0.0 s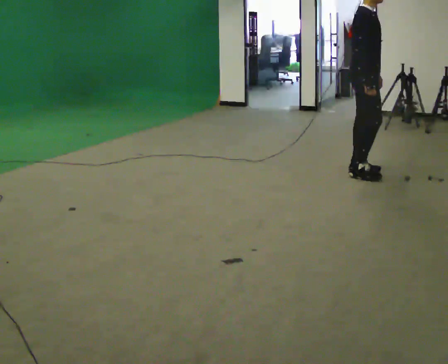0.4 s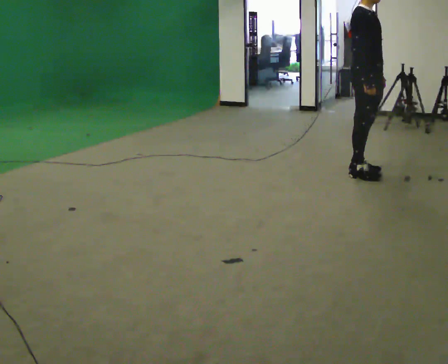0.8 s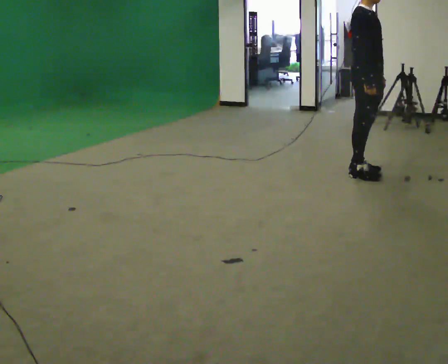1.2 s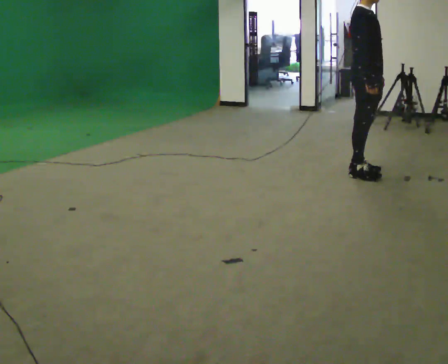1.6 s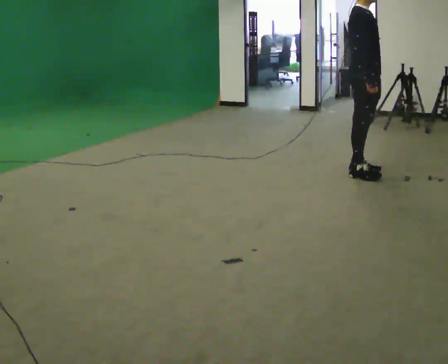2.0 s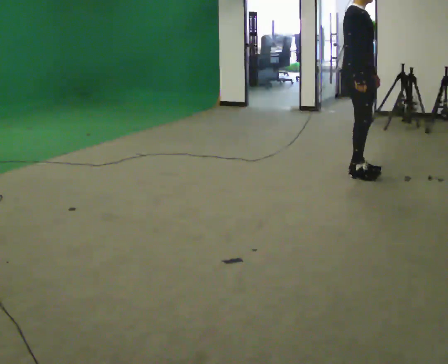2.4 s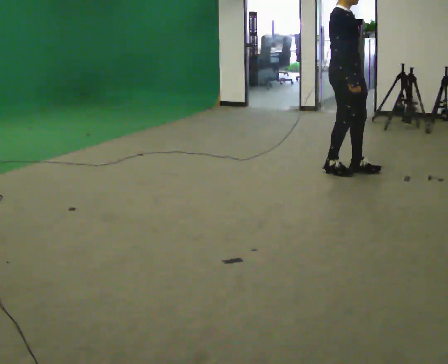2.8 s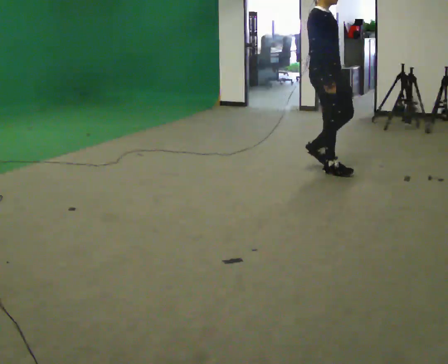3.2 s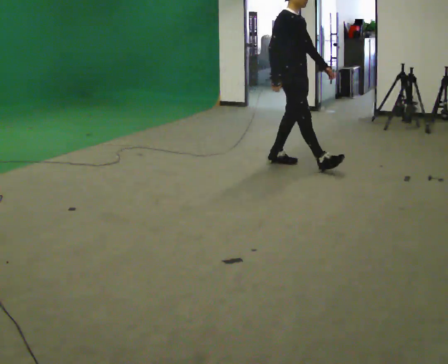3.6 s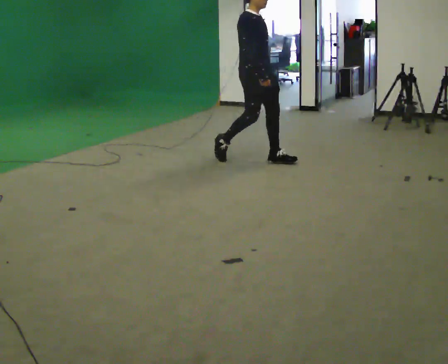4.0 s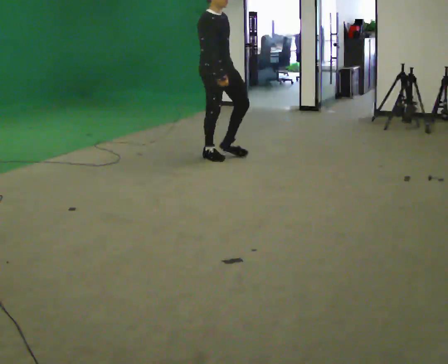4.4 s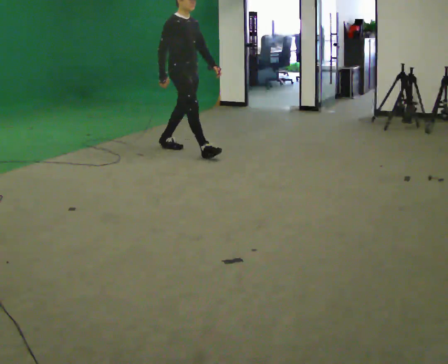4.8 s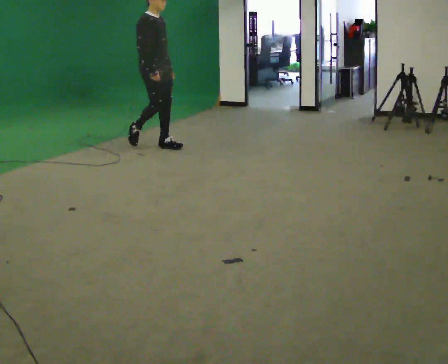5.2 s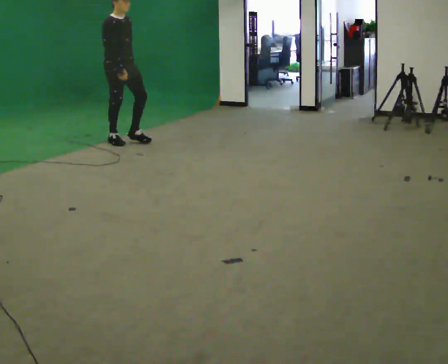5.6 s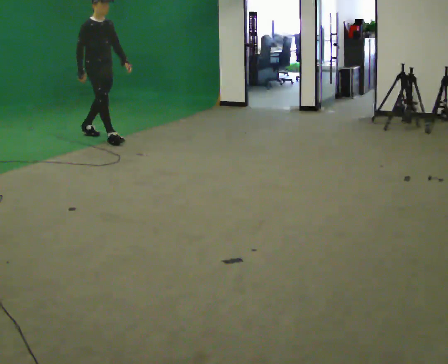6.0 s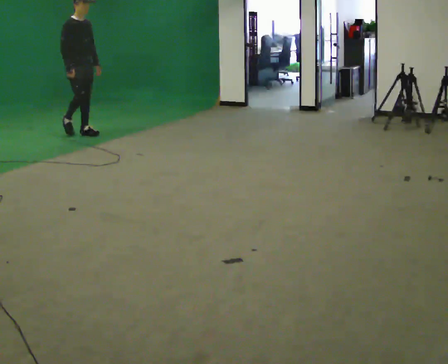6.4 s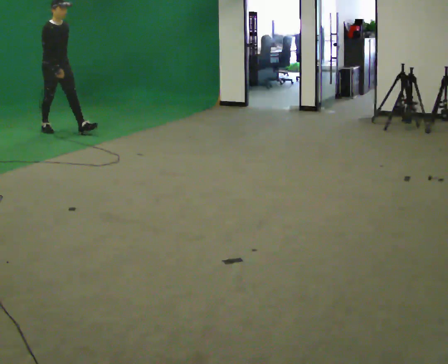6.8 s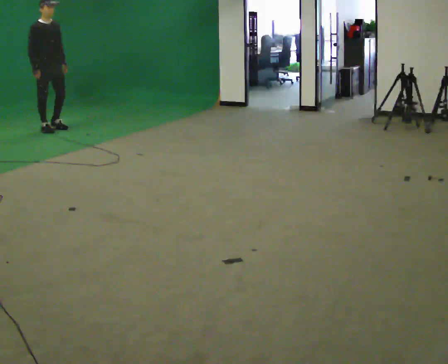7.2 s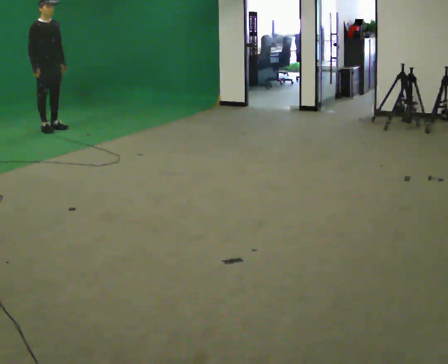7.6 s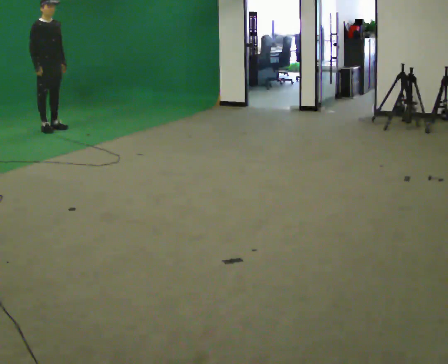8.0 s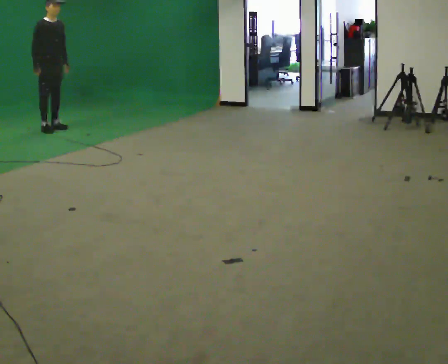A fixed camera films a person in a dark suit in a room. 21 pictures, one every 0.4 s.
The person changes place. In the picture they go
to the left.
0.0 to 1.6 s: The person moves a little, or ends about where they began.
1.6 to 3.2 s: In the picture they go to the left and away from the camera, about 0.75 m in 3 steps, which for them is backward.
3.2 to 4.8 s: In the picture they go to the left and away from the camera, about 1.5 m in 2 steps, which for them is backward.
4.8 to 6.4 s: In the picture they go to the left and away from the camera, about 1.5 m in 3 steps, which for them is backward.
6.4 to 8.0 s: In the picture they go away from the camera and to the left, about 0.25 m, which for them is backward.
The film runs backward here.
